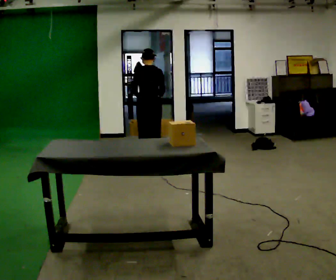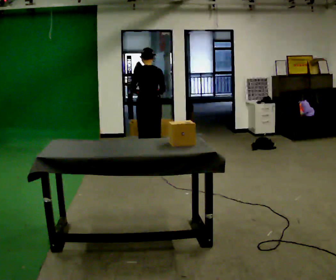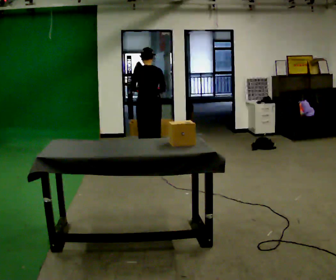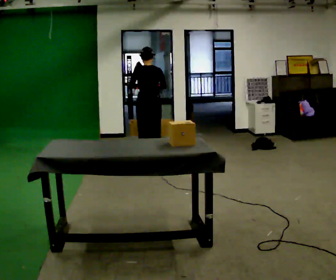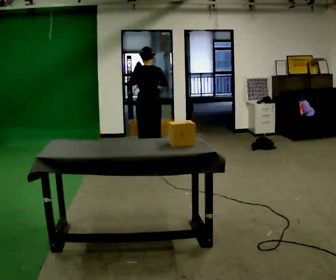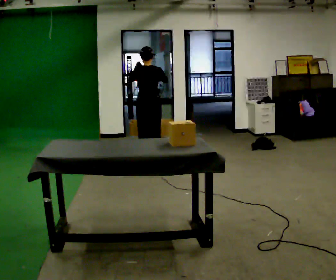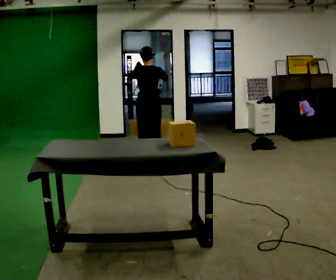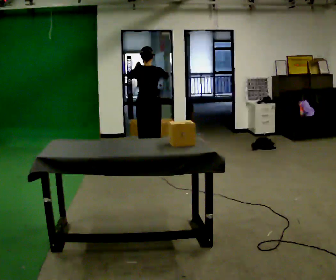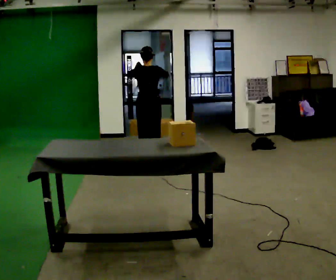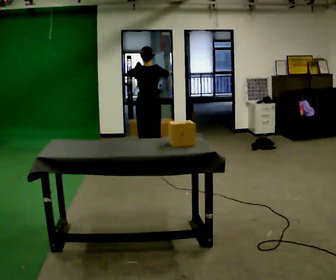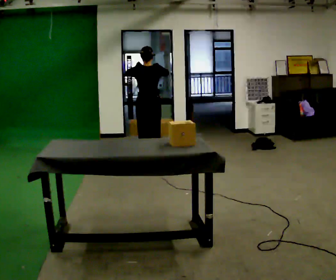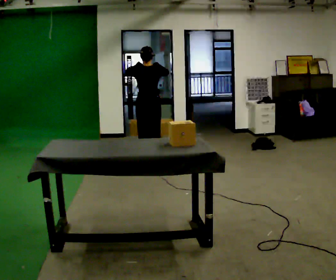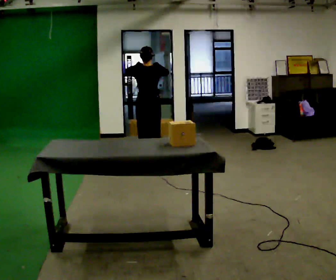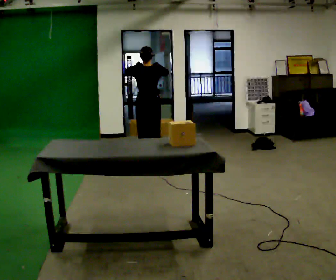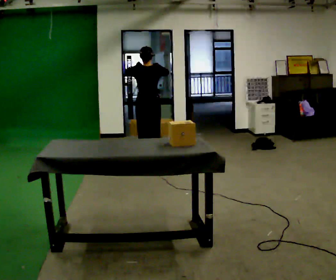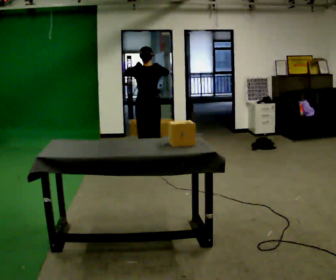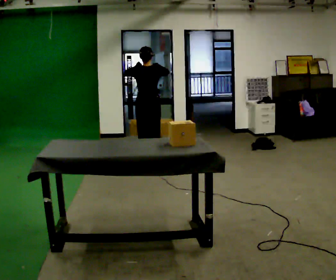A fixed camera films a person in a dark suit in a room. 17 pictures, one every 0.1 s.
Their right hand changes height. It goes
upward.
0.0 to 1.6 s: In the picture their right hand goes upward.
The film runs forward here.
